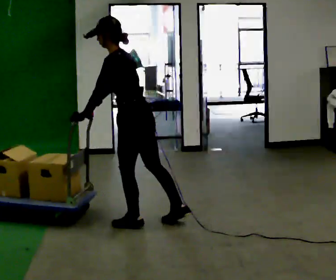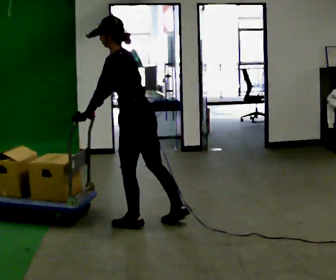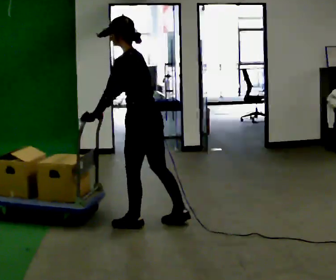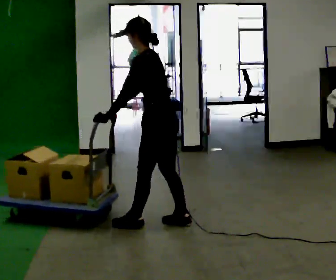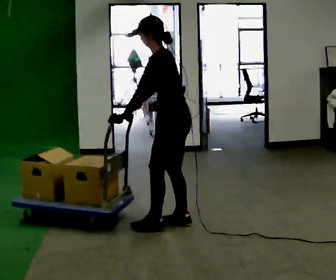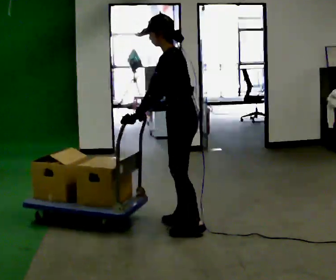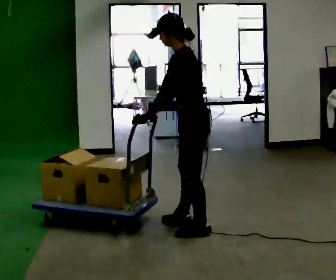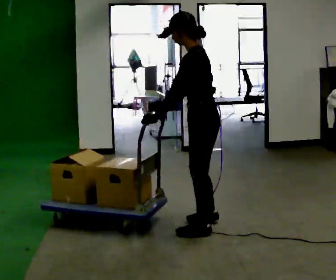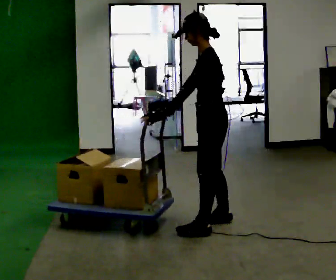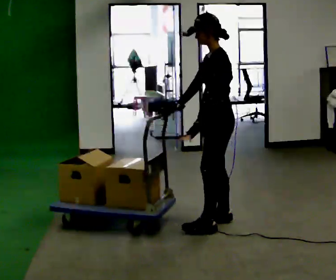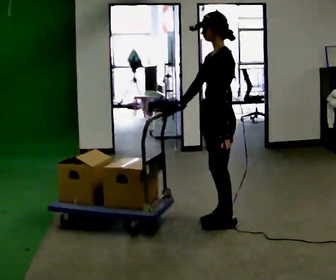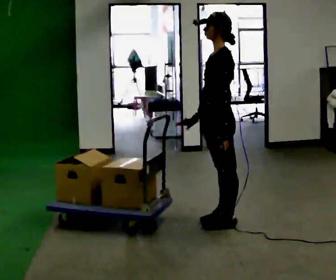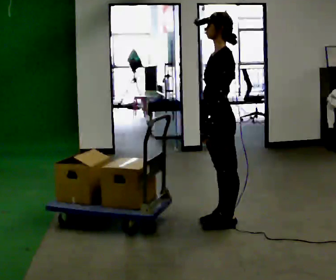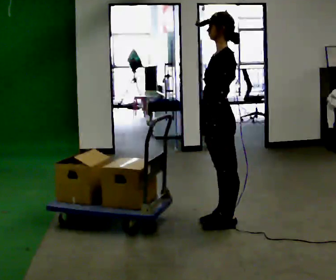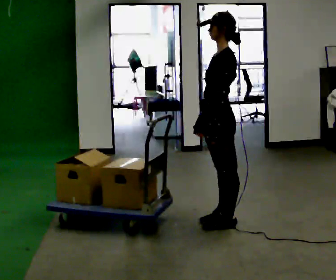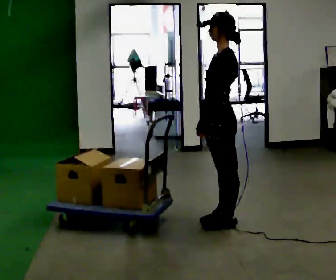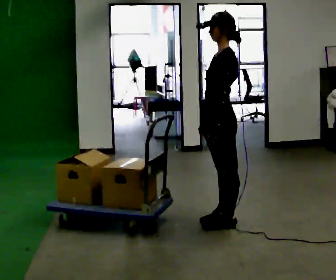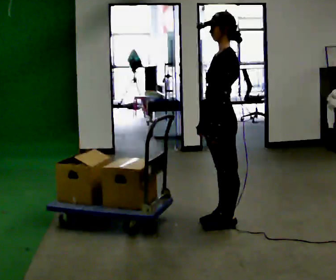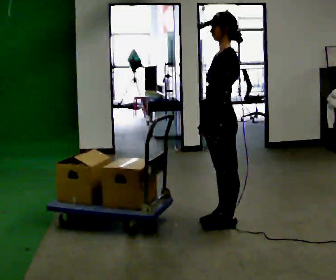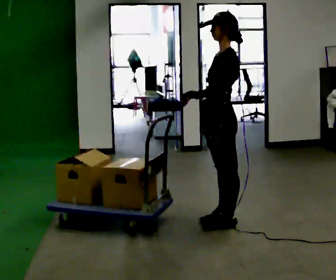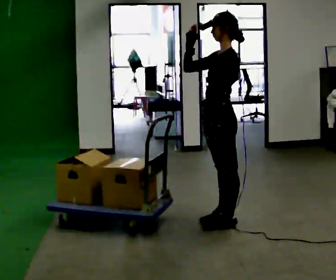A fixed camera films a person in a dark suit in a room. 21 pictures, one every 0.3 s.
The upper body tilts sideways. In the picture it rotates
clockwise.
0.0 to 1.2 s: In the picture they go to the right, about 0.25 m, which for them is backward and to their right.
1.2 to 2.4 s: In the picture they go to the right, about 0.25 m in 2 steps, which for them is backward.
2.4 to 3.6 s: In the picture their left hand goes to the right.
3.6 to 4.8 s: The person moves a little, or ends about where they began.
4.8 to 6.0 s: In the picture their right hand goes upward.
The film runs forward here.
